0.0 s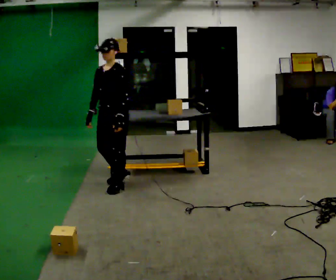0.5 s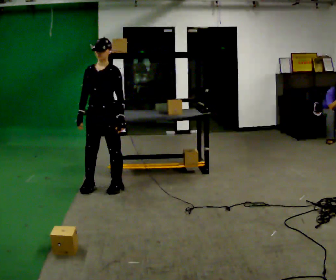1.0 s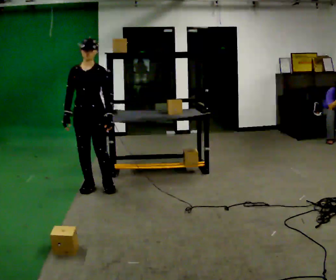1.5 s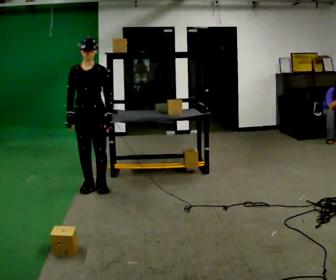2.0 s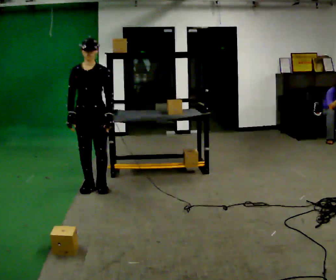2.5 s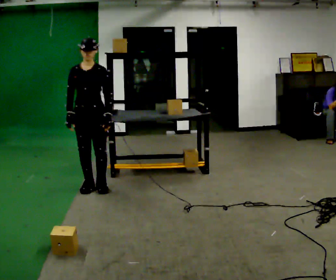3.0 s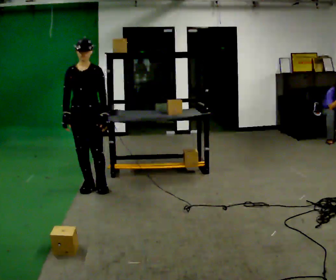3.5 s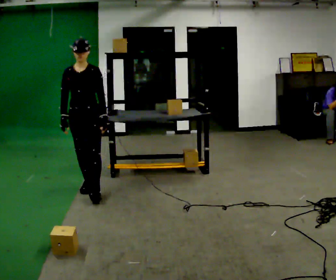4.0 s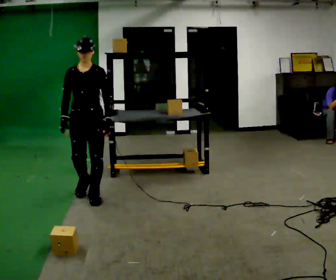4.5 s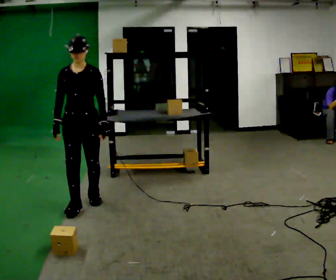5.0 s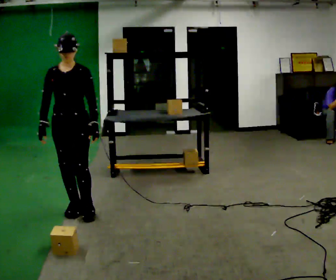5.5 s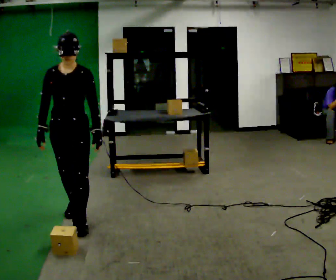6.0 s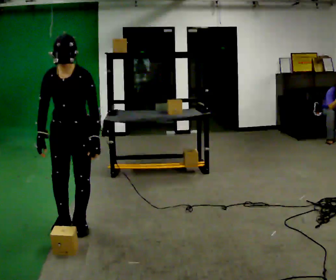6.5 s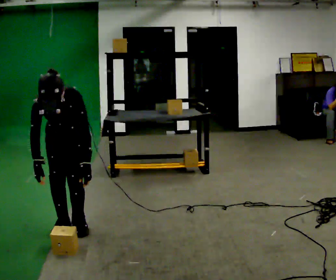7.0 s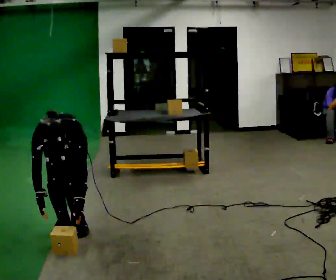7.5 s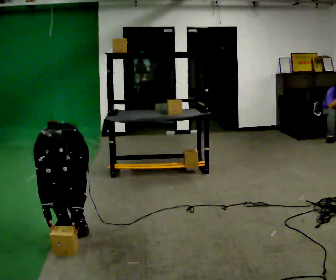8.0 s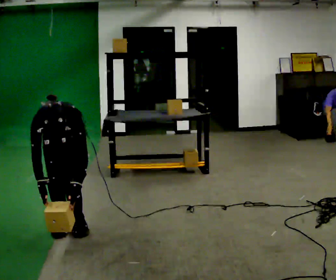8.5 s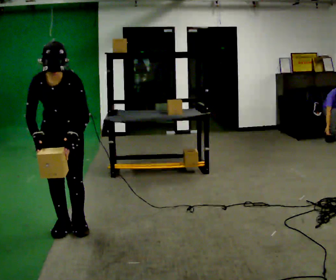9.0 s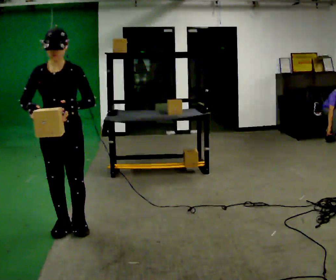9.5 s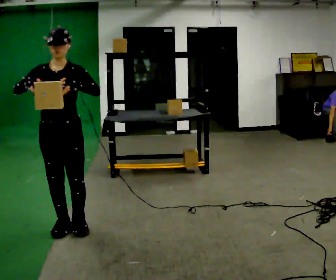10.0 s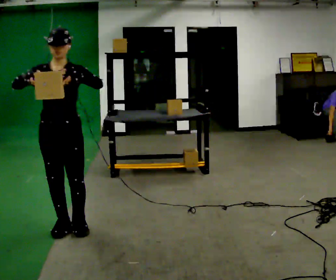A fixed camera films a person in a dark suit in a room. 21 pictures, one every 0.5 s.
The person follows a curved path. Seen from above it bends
counterclockwise.
The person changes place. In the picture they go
toward the camera.
0.0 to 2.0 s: The part of the body nearest the lens slides to the right as the person turns to their left by about 45 degrees. In the picture they go to the left, about 0.25 m in 2 steps, which for them is to their right.
2.0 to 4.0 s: In the picture they go toward the camera, about 0.25 m in 1 step, which for them is forward.
4.0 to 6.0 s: In the picture they go toward the camera, about 0.75 m in 2 steps, which for them is forward.
6.0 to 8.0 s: The upper body tips toward the camera, its near side rolling downward, as they bend forward.
8.0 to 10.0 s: The shoulders move upward. The upper body tips away from the camera, its near side rolling upward, as they lean back or straighten. In the picture their right hand goes upward.
The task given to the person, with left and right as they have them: 1. The operator will tell you the shelf is already sorted and just needs moving to the table. 2. Do what you think is right. 3. Tell the operator when you are finished.
The film runs forward here.
